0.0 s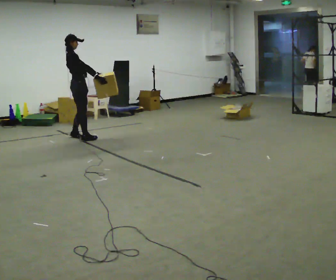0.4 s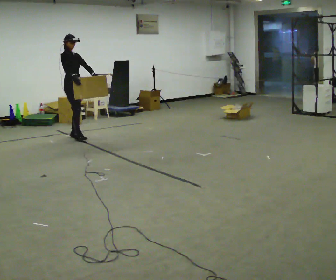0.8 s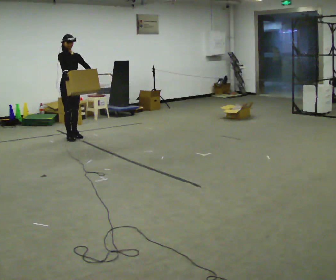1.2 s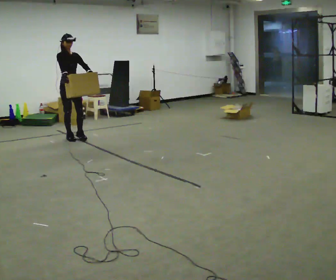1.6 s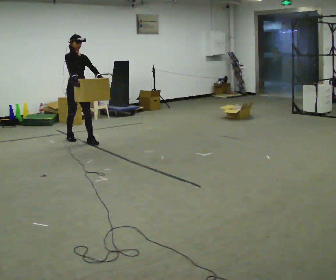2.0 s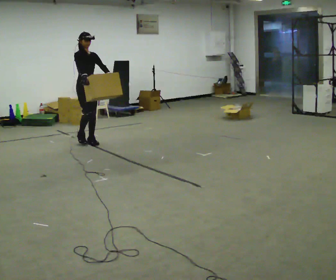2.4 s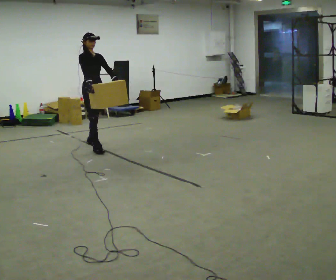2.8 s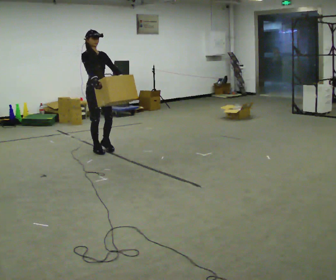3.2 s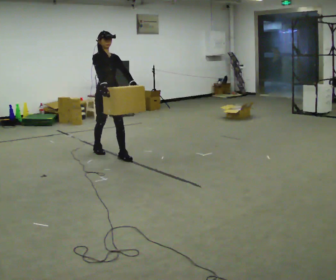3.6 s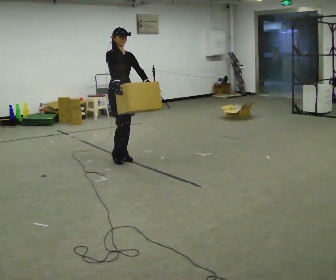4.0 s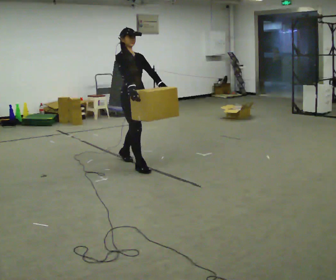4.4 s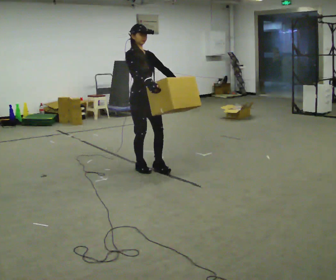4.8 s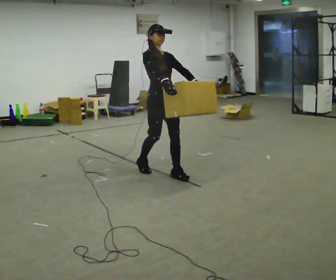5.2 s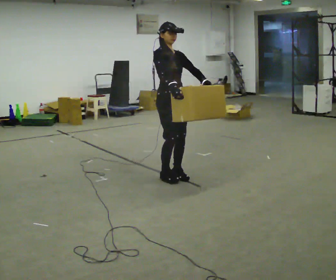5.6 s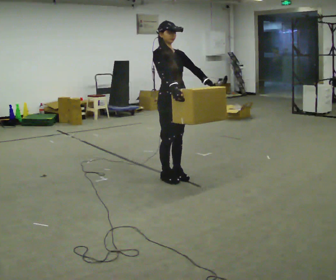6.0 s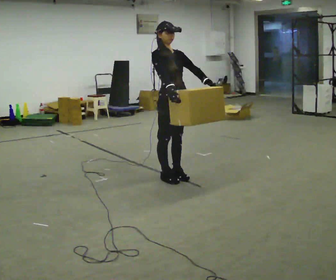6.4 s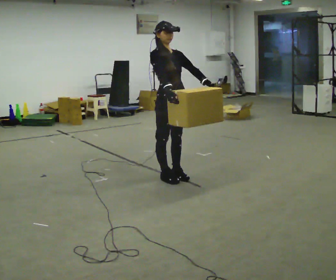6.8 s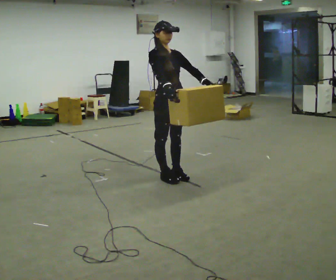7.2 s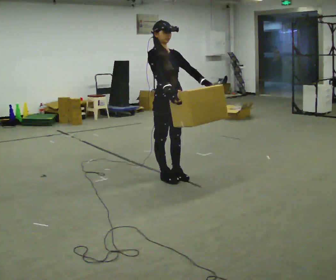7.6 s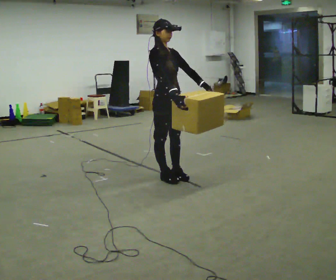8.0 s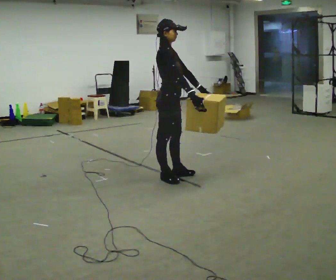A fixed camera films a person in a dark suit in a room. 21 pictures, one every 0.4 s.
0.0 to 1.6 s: The part of the body nearest the lens slides to the left as the person turns to their right by about 60 degrees. In the picture they go toward the camera, about 0.25 m in 2 steps.
1.6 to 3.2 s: In the picture they go toward the camera and to the right, about 1 m in 2 steps, which for them is forward.
3.2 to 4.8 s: In the picture they go toward the camera and to the right, about 1 m in 2 steps, which for them is forward.
4.8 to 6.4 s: In the picture they go toward the camera, about 0.25 m in 1 step, which for them is forward.
6.4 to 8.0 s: Seen from above the body turns counterclockwise, about 45 degrees: to their left, with its near side sliding to the right.
The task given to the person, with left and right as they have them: Carry the box across the room much more slowly and carefully than normal, back and forth.
The film runs forward here.
